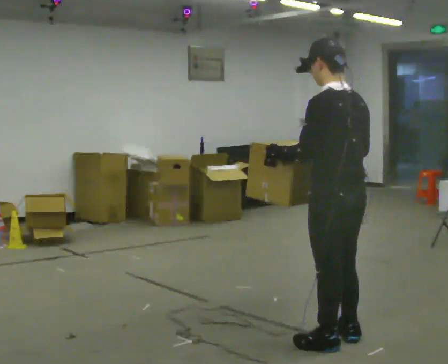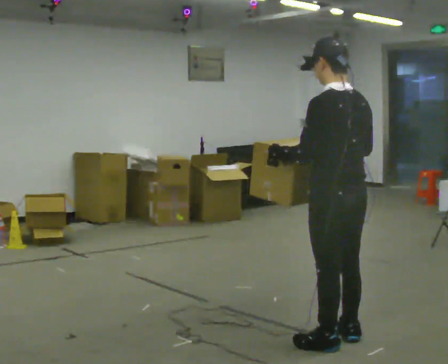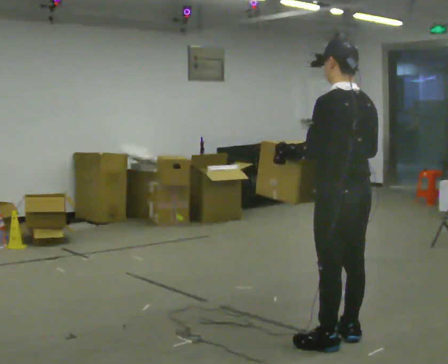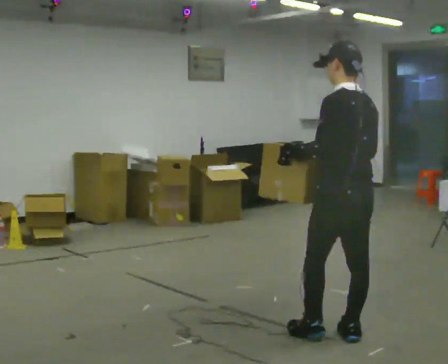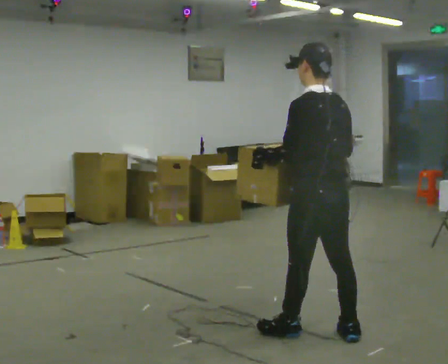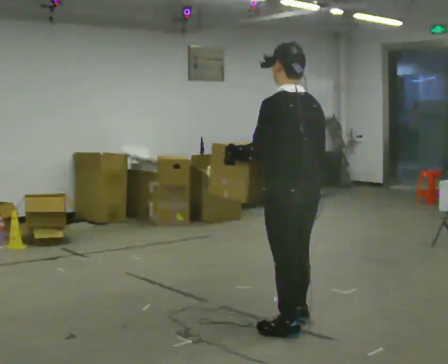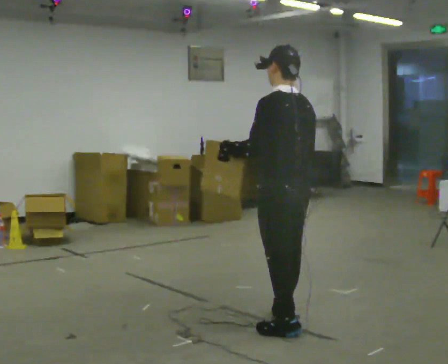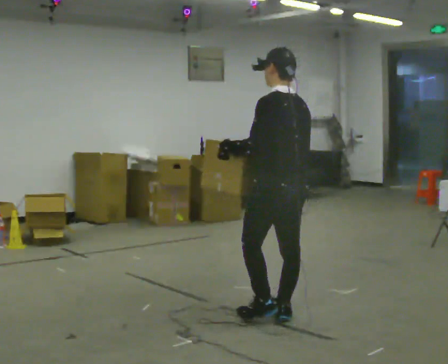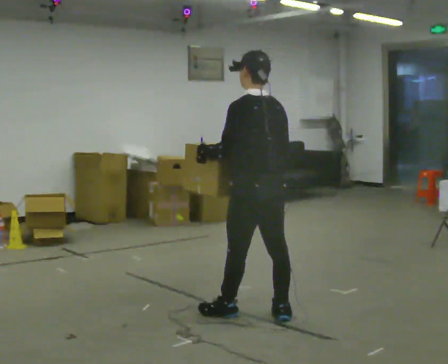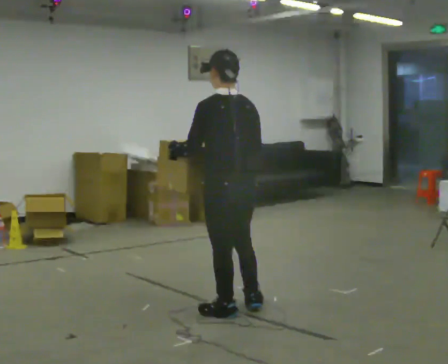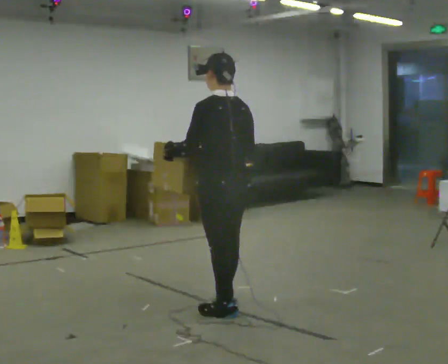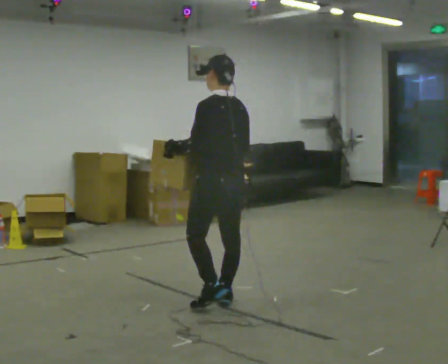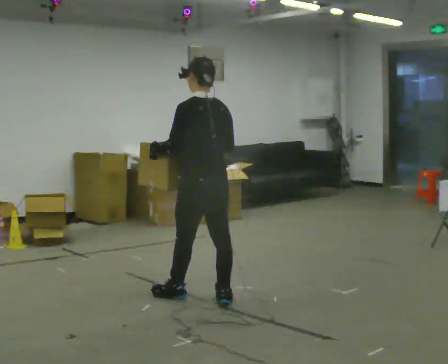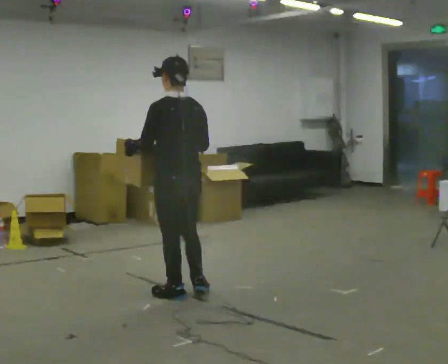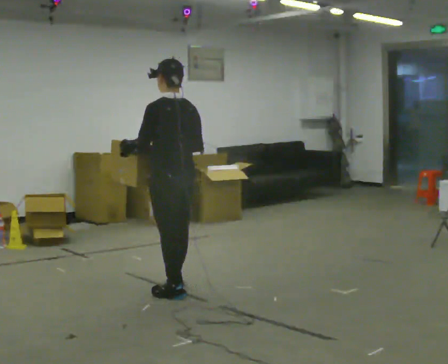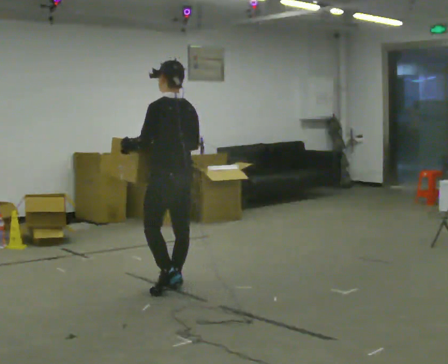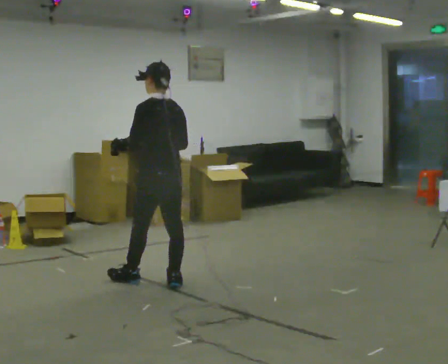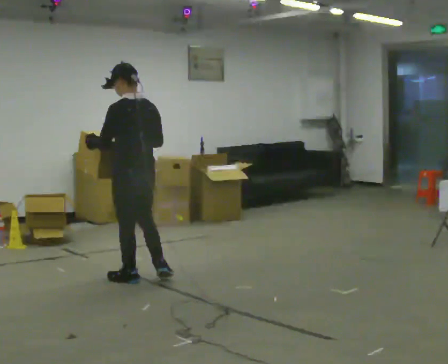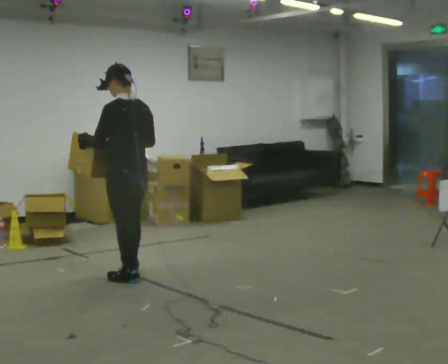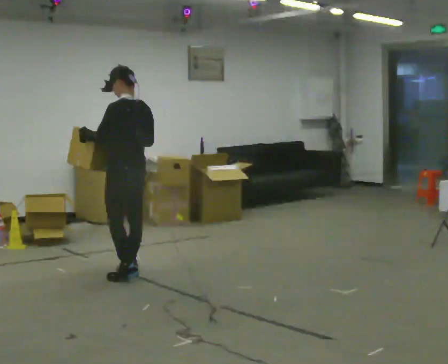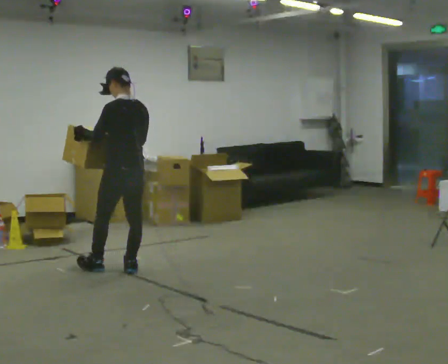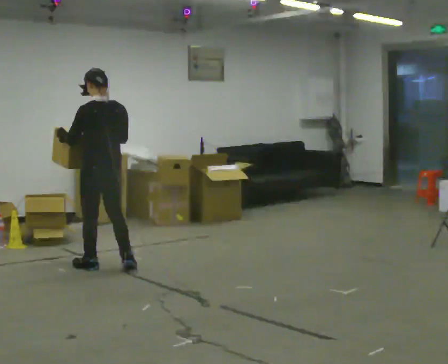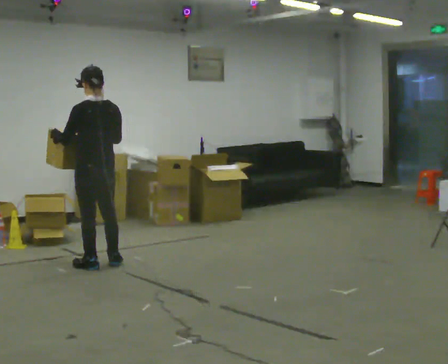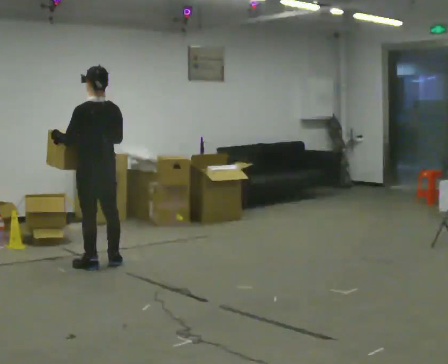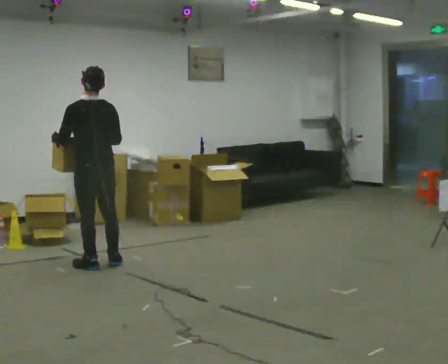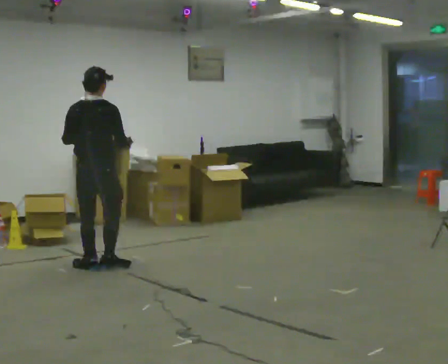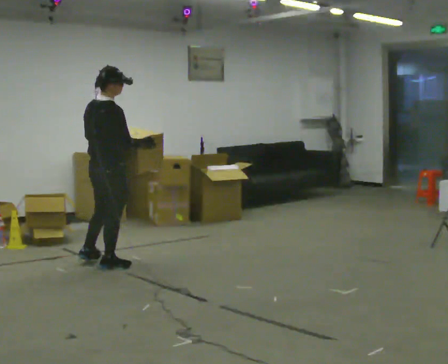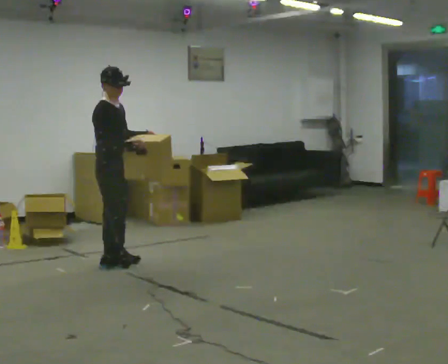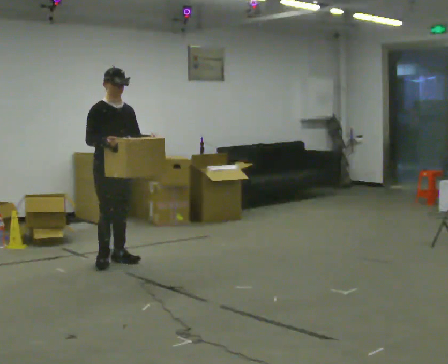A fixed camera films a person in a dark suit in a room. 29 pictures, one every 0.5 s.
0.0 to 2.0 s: In the picture they go away from the camera, about 0.25 m in 1 step, which for them is forward.
2.0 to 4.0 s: In the picture they go away from the camera and to the left, about 0.5 m in 2 steps, which for them is forward.
4.0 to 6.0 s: In the picture they go away from the camera and to the left, about 0.5 m in 2 steps, which for them is forward.
6.0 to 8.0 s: In the picture they go away from the camera and to the left, about 0.5 m in 2 steps, which for them is forward.
8.0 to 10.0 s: In the picture they go away from the camera and to the left, about 0.5 m in 1 step, which for them is forward.
10.0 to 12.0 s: In the picture they go to the left, about 0.25 m in 2 steps, which for them is forward and to their left.
12.0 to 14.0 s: Seen from above the body turns clockwise, about 165 degrees: to their right, with its near side sliding to the left. In the picture they go away from the camera, about 0.25 m in 1 step.
The film runs forward here.
